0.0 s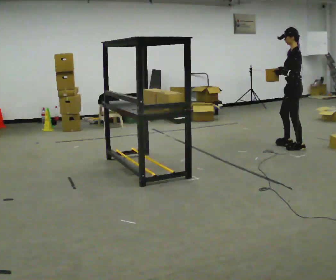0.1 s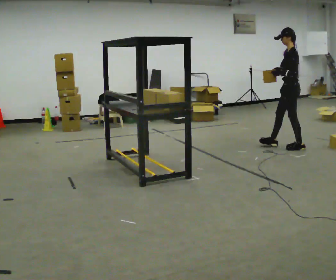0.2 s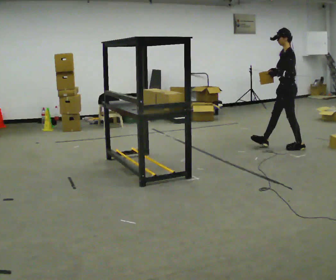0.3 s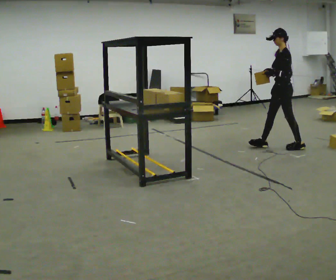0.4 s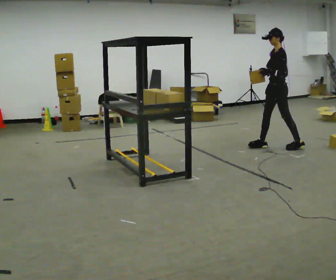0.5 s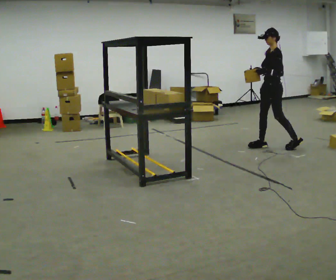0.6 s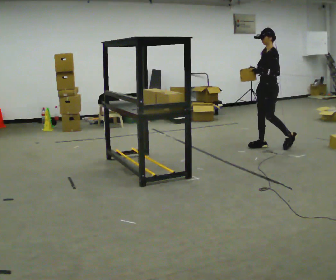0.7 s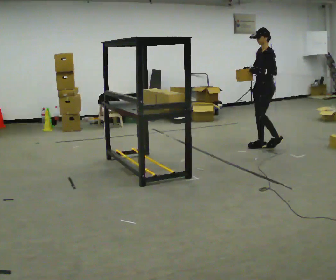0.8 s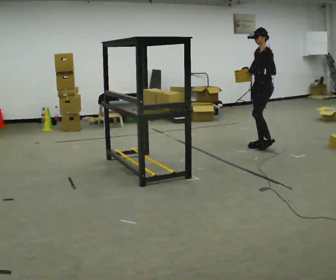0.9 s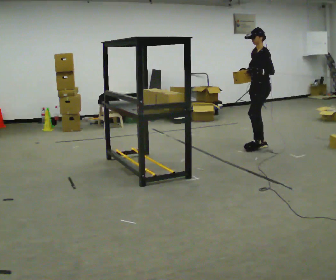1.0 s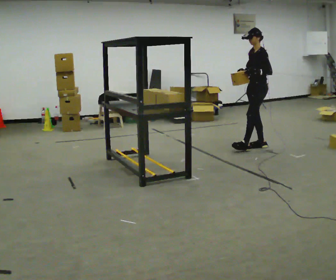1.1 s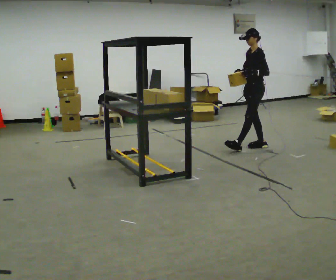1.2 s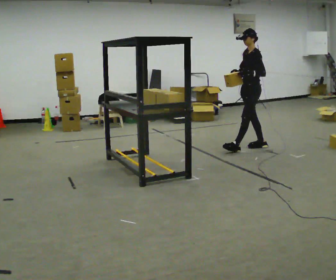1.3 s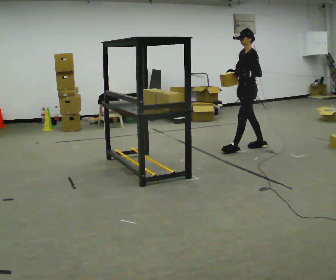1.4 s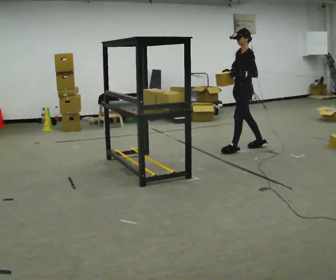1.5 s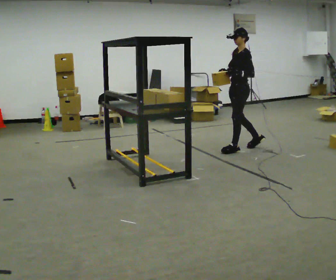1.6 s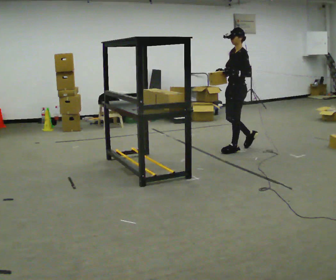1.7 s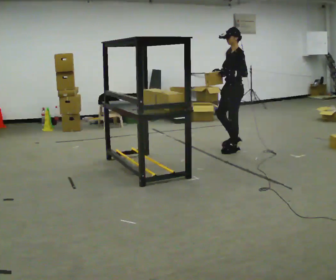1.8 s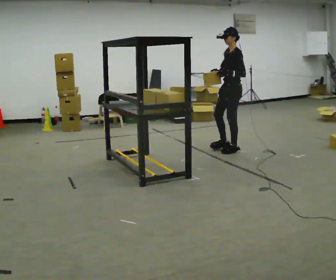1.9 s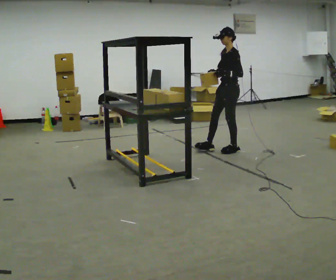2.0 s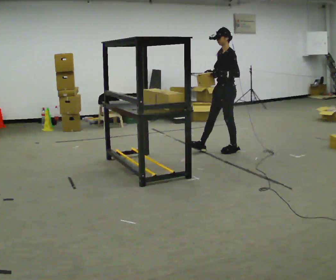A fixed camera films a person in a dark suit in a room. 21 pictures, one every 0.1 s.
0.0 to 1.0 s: The person turns about 30 degrees to their left, counterclockwise seen from above, so the part of the body nearest the lens slides to the right. In the picture they go to the left, about 0.5 m in 1 step, which for them is forward and to their right.
1.0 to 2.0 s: In the picture they go to the left and toward the camera, about 0.5 m in 2 steps, which for them is forward.
The film runs forward here.
